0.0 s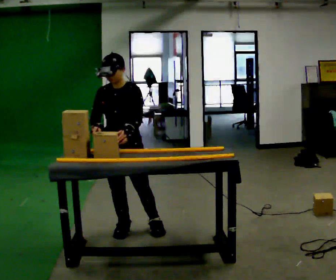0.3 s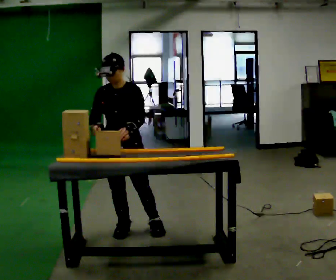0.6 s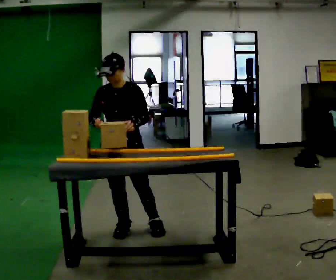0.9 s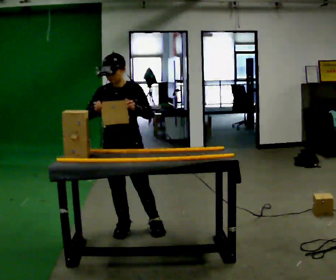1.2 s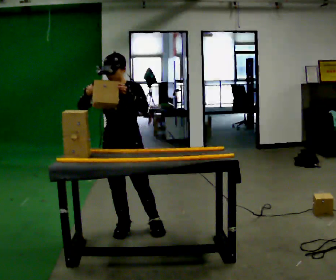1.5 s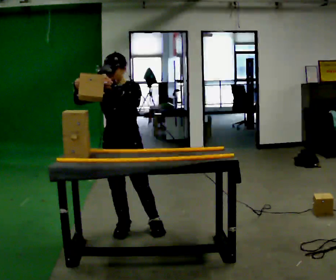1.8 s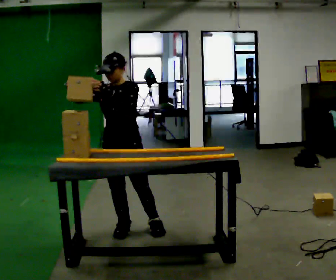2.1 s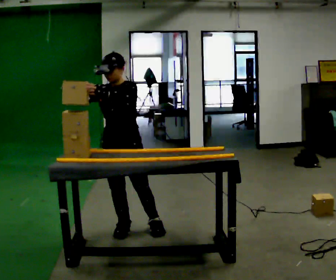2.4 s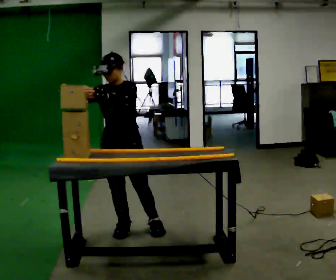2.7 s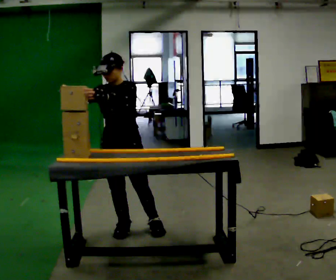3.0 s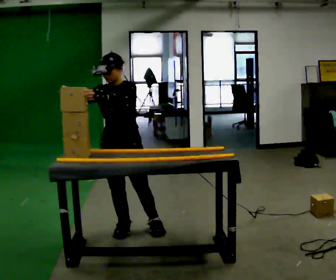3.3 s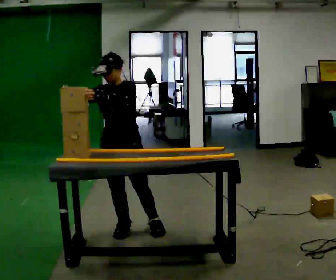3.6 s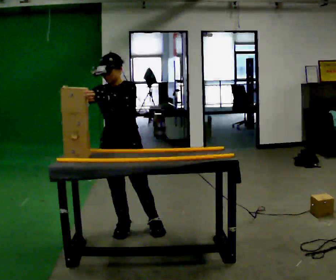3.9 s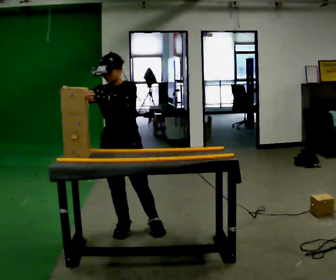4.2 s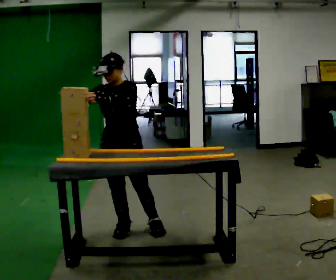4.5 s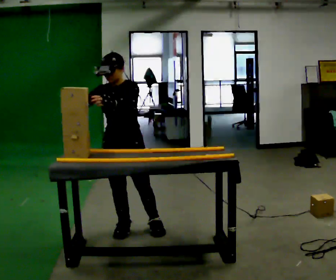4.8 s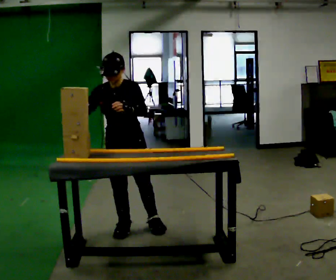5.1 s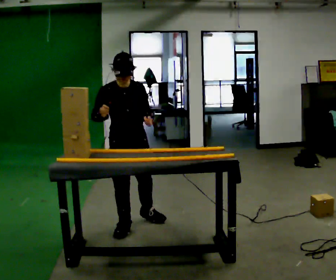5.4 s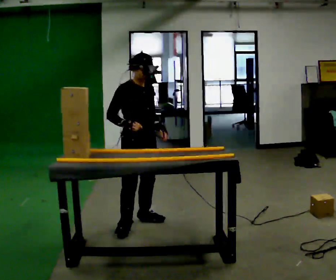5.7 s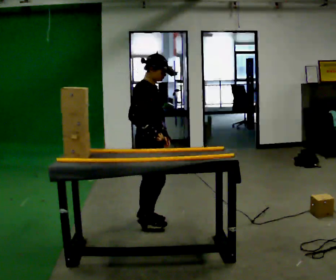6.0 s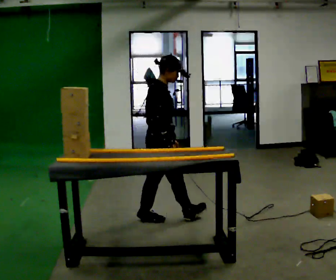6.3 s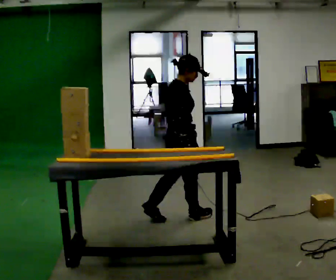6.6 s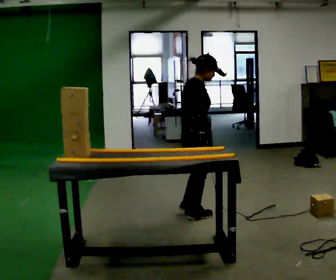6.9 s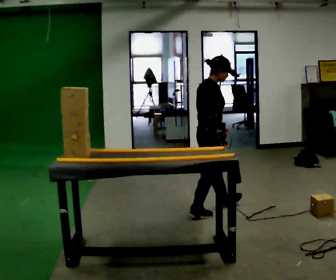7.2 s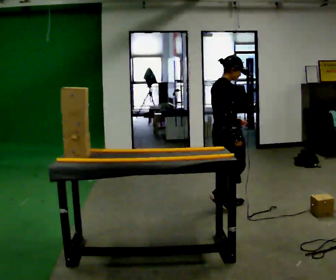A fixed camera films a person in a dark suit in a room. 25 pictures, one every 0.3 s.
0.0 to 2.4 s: The person moves a little, or ends about where they began.
2.4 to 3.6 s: The person keeps their place and pose.
3.6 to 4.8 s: The person moves a little, or ends about where they began.
4.8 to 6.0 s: Seen from above the body turns counterclockwise, about 105 degrees: to their left, with its near side sliding to the right. In the picture they go to the right and away from the camera, about 0.25 m in 1 step.
6.0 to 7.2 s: In the picture they go to the right, about 0.75 m in 2 steps, which for them is forward.
The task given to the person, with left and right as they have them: Carry the object across the room and slide it into the slot on the shelf. It is a close fit, so take the time you need. Keep going until the operator says stop; one object at a time, and do not rush between trips.
The film runs forward here.
